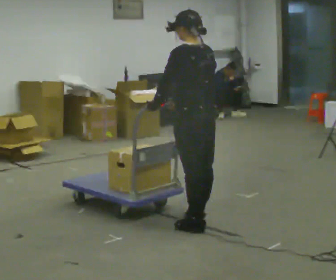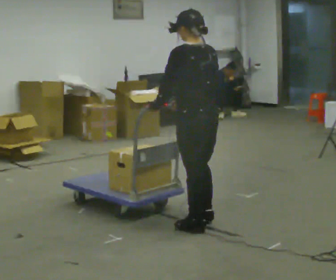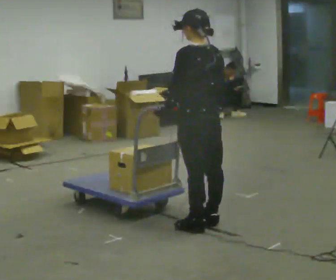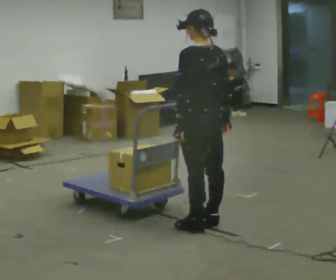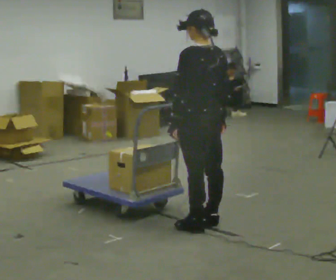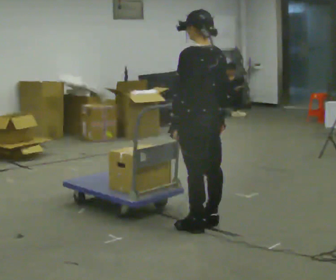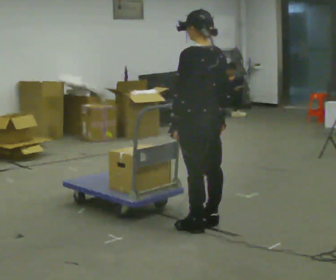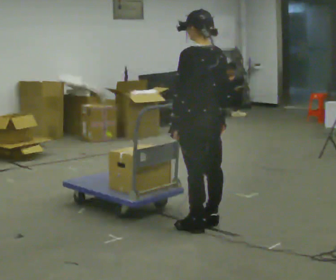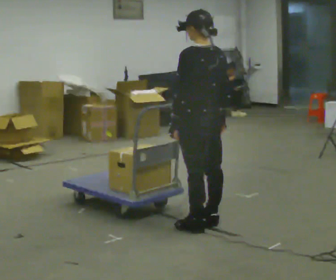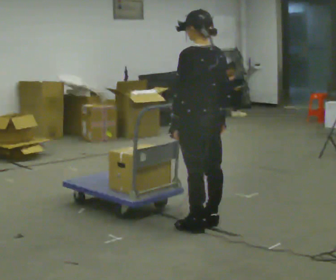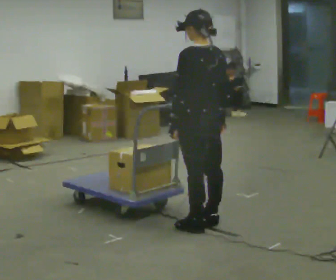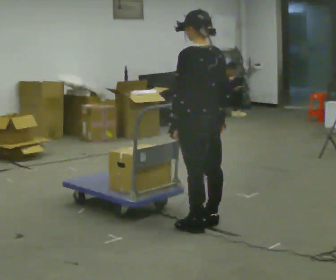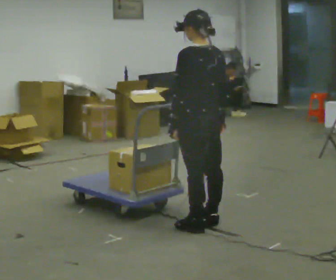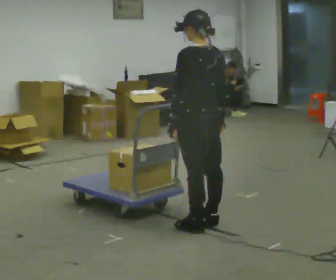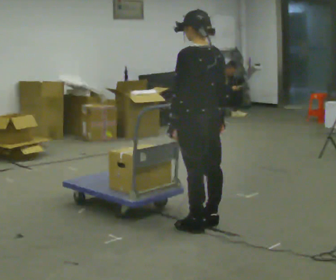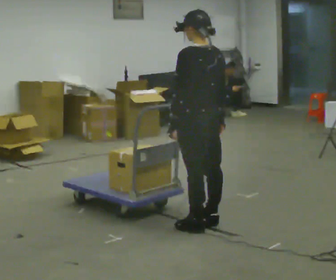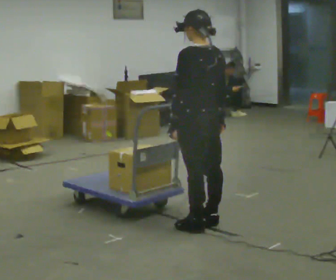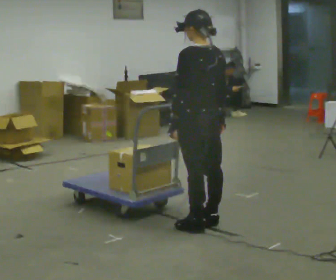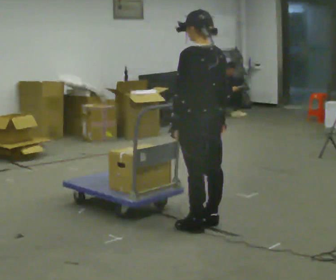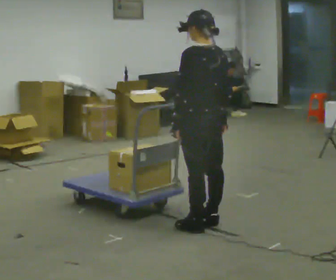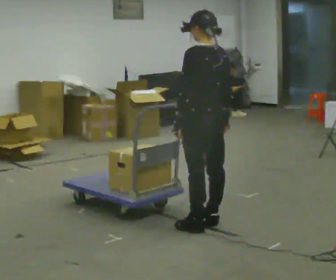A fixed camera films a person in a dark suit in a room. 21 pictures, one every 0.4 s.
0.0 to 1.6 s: The person moves a little, or ends about where they began.
1.6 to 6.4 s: The person keeps their place and pose.
6.4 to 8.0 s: The person moves a little, or ends about where they began.
The film runs forward here.
